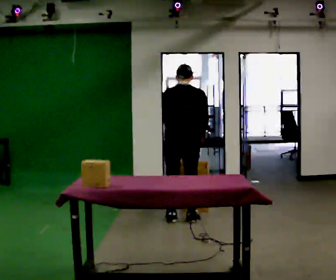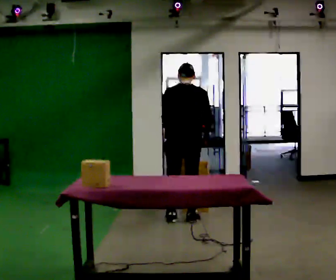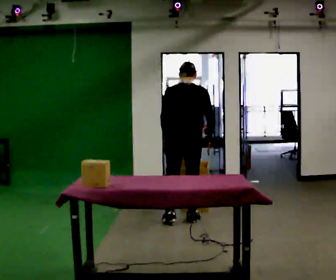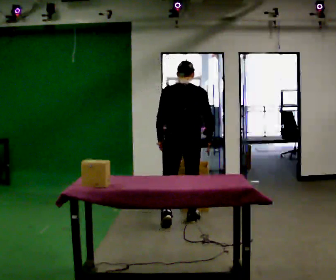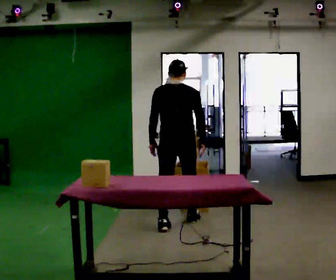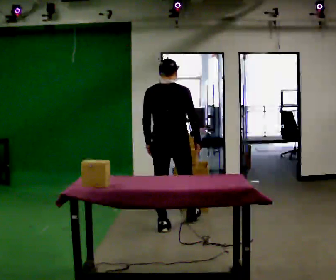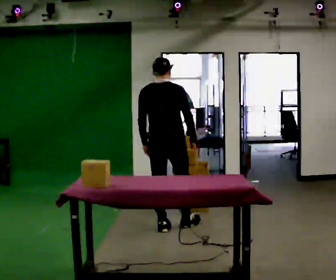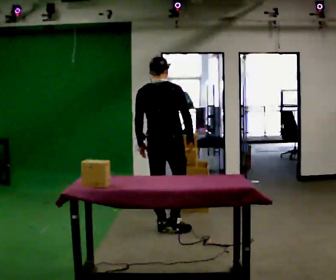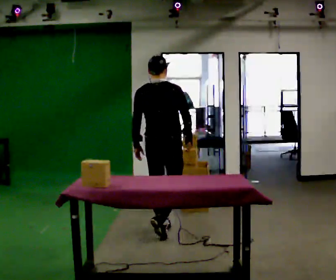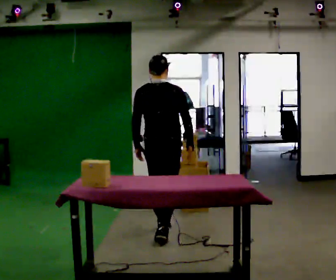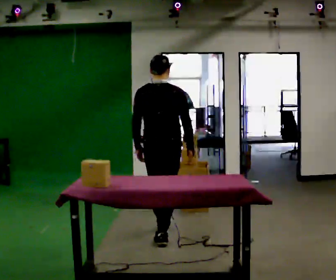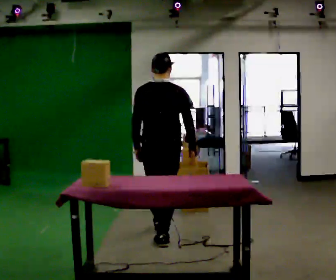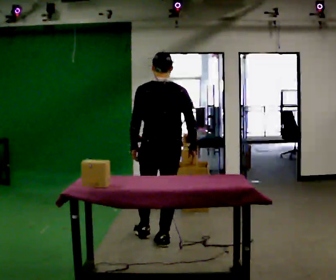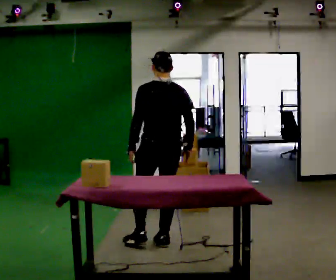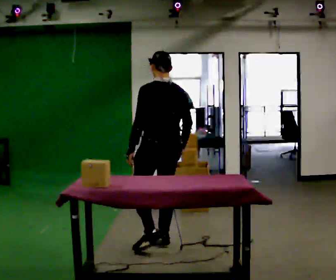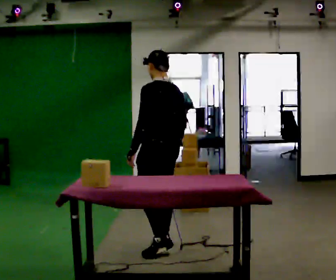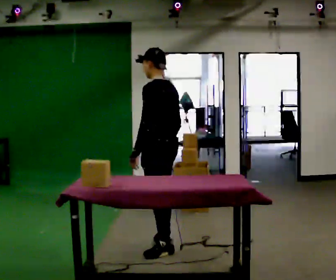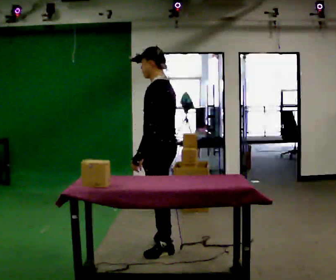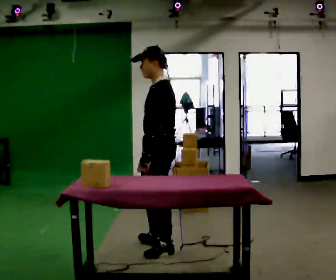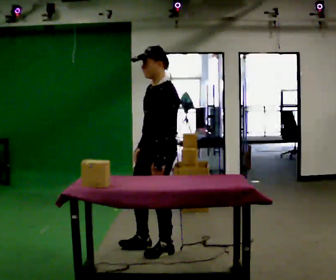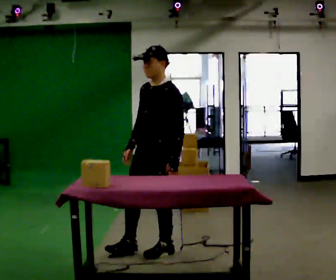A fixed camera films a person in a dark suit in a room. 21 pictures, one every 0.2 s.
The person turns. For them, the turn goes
to their left.
The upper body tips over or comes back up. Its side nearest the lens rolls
downward.
0.0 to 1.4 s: In the picture they go toward the camera and to the left, about 0.5 m in 2 steps, which for them is backward and to their left. The upper body tips toward the camera, its near side rolling downward, as they lean back or straighten.
1.4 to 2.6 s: The part of the body nearest the lens slides to the right as the person turns to their left by about 30 degrees. In the picture they go toward the camera, about 0.5 m in 1 step, which for them is backward.
2.6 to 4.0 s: The part of the body nearest the lens slides to the right as the person turns to their left by about 105 degrees. In the picture they go toward the camera, about 0.25 m in 1 step.
The film runs backward here.
